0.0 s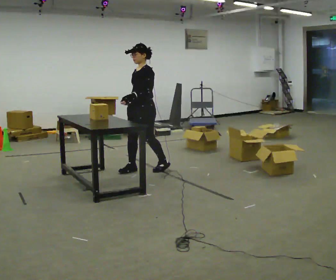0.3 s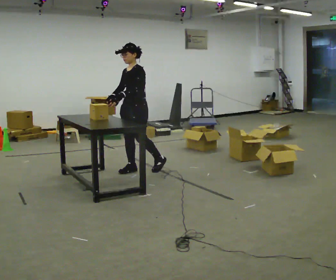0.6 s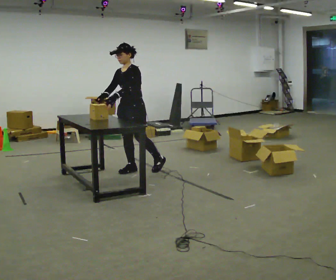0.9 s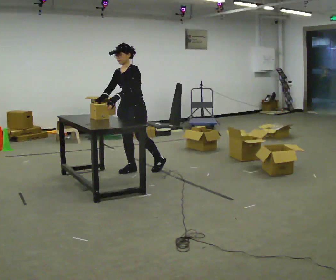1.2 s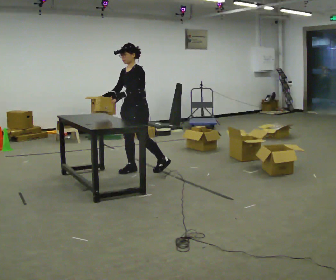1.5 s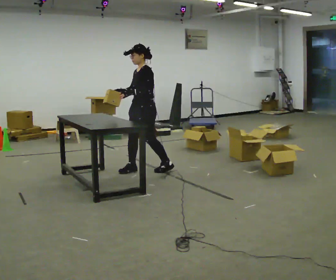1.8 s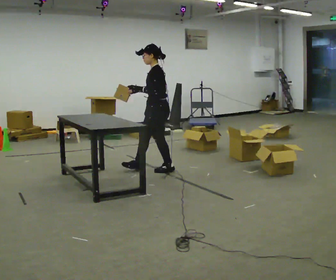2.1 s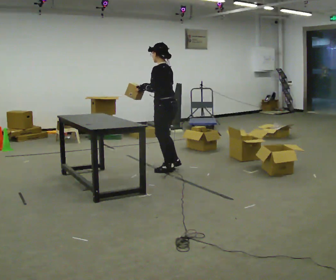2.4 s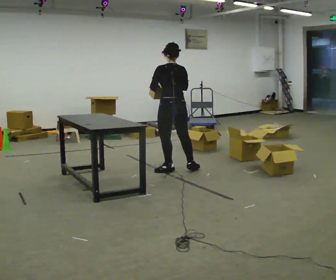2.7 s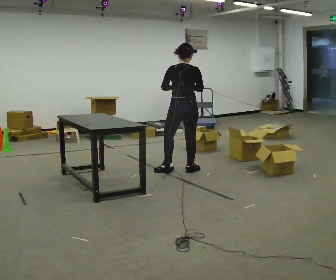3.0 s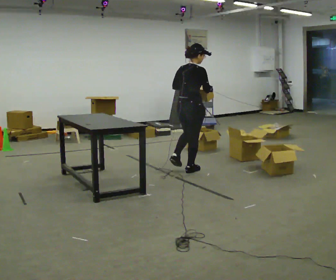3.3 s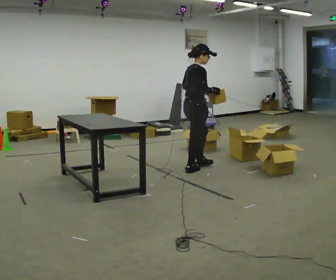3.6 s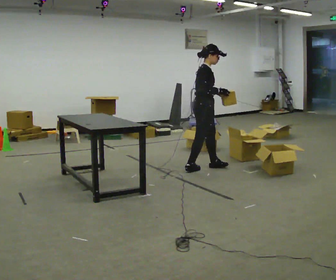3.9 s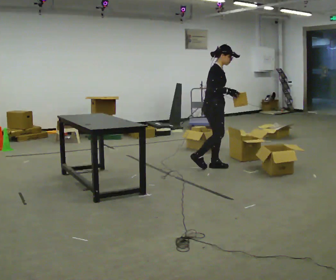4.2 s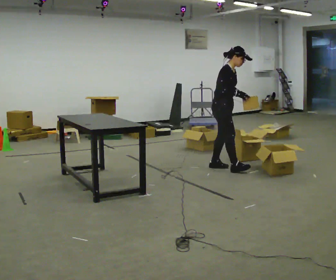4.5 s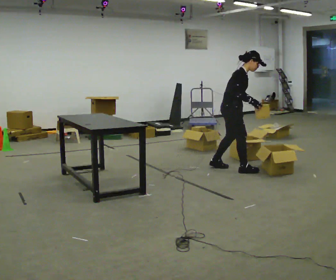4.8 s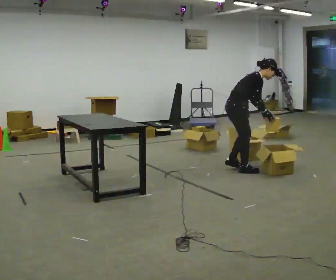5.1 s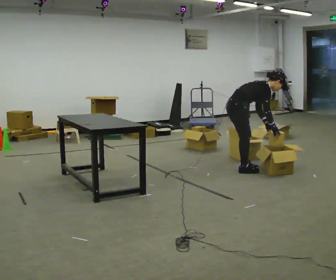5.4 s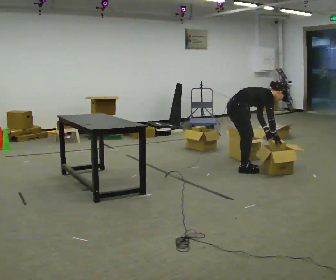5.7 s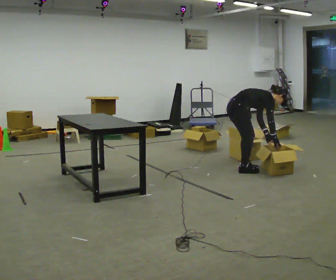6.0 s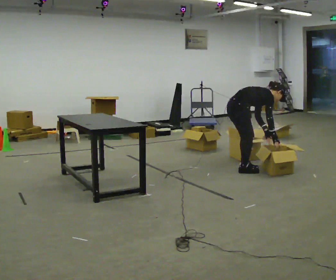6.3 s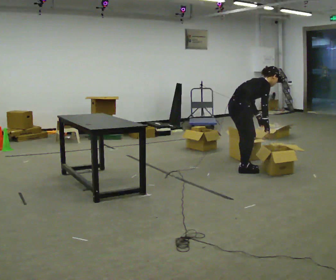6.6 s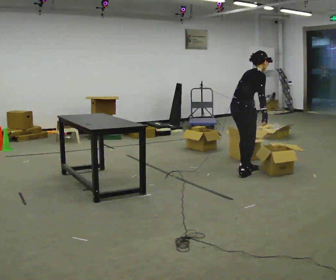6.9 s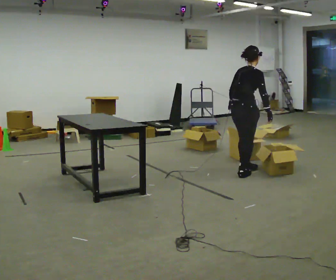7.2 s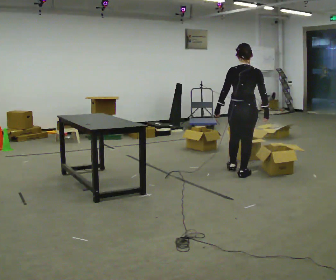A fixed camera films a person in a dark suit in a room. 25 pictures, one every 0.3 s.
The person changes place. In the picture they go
to the right.
0.0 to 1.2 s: The person moves a little, or ends about where they began.
1.2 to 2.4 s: Seen from above the body turns clockwise, about 105 degrees: to their right, with its near side sliding to the left. In the picture they go to the right, about 0.5 m in 1 step.
2.4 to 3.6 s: Seen from above the body turns clockwise, about 120 degrees: to their right, with its near side sliding to the left. In the picture they go to the right, about 0.25 m in 1 step.
3.6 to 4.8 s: In the picture they go to the right, about 0.5 m in 1 step, which for them is forward. In the picture the upper body tilts clockwise, shoulders to the right, as they bend forward.
4.8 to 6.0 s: In the picture the upper body tilts clockwise, shoulders to the right, as they bend forward.
6.0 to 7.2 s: Seen from above the body turns counterclockwise, about 75 degrees: to their left, with its near side sliding to the right. In the picture they go toward the camera, about 0.25 m in 1 step. The shoulders move upward. In the picture the upper body tilts counterclockwise, shoulders to the left, as they lean back or straighten. In the picture their left hand goes to the left and upward.
The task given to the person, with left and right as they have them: 1. Read the parts list. 2. Collect each part from the bins around the room. 3. Lay them out on the table in the order on the list. 4. Put them all in the carry case. 5. Tell the operator when you are finished.
The film runs forward here.
